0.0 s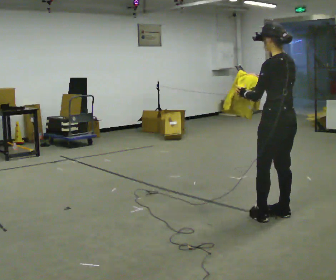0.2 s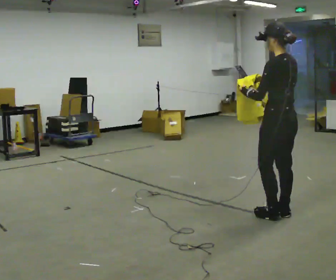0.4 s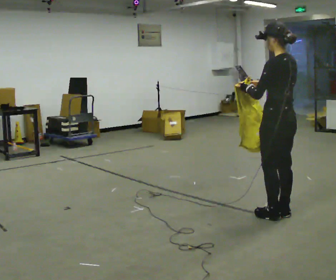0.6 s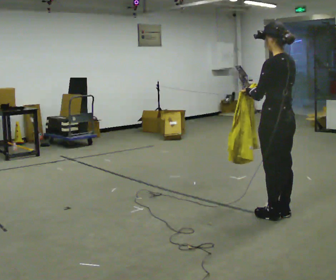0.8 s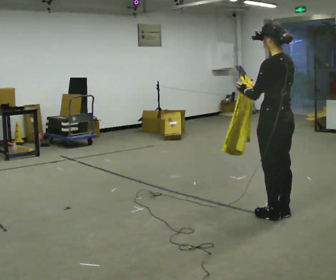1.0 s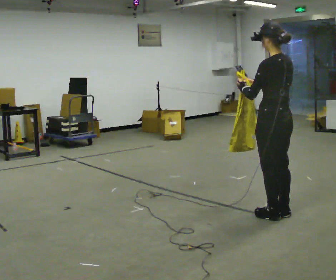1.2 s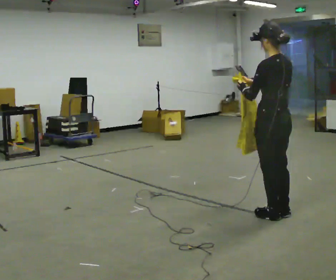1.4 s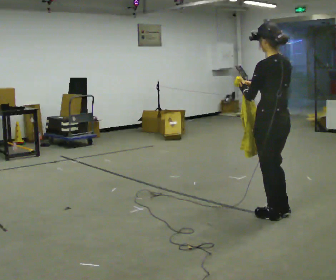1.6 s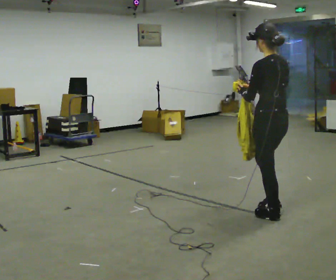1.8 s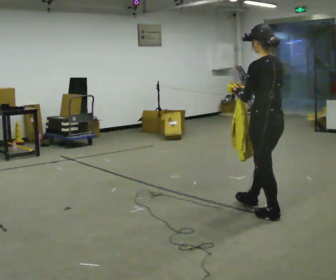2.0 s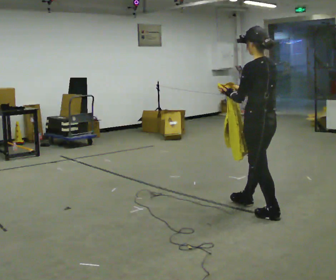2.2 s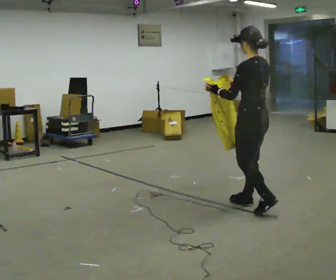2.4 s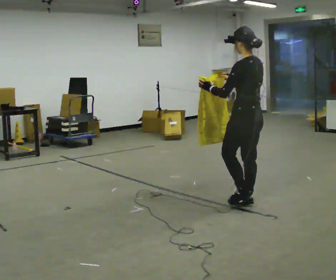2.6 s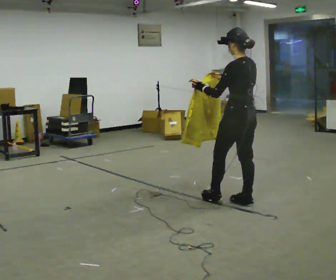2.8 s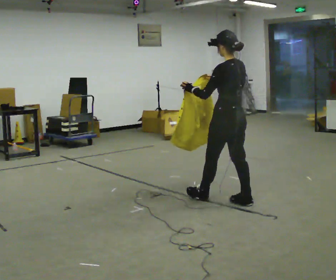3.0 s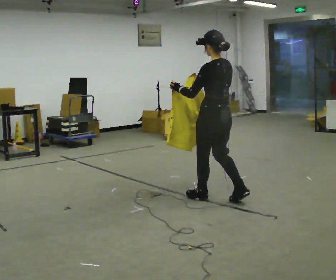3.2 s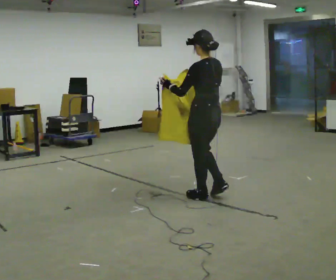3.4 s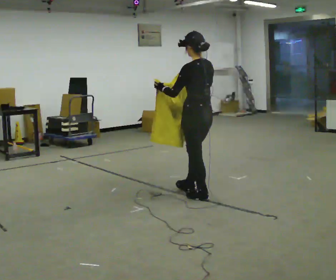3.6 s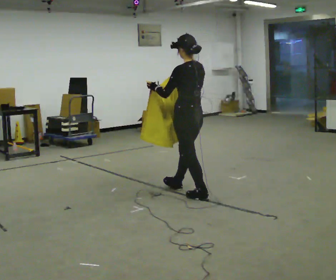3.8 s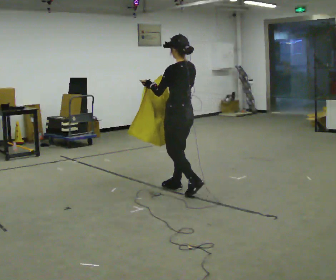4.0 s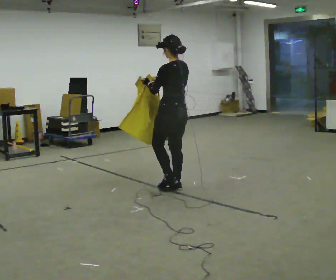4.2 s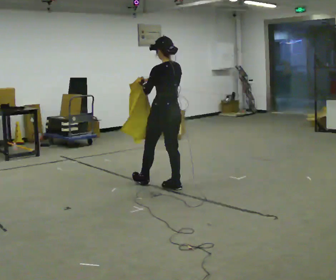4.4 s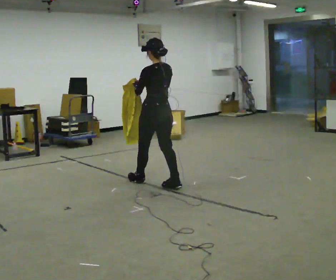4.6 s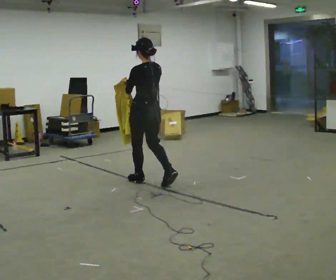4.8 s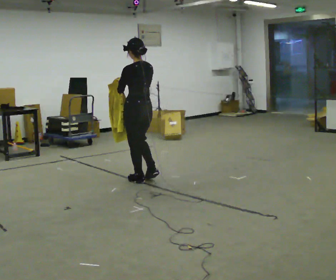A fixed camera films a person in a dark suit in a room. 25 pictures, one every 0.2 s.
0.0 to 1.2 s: The person moves a little, or ends about where they began.
1.2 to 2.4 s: In the picture they go away from the camera and to the left, about 0.5 m in 1 step, which for them is forward.
2.4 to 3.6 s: In the picture they go to the left and away from the camera, about 0.5 m in 2 steps, which for them is forward.
3.6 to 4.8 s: In the picture they go to the left and away from the camera, about 0.5 m in 1 step, which for them is forward.
The film runs forward here.
